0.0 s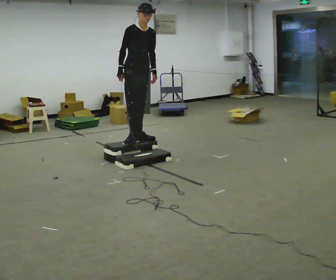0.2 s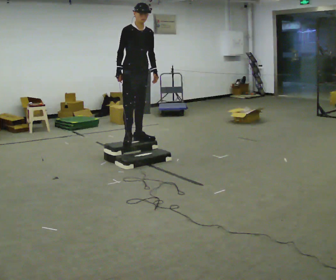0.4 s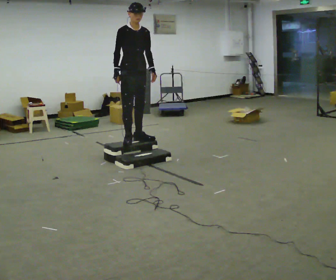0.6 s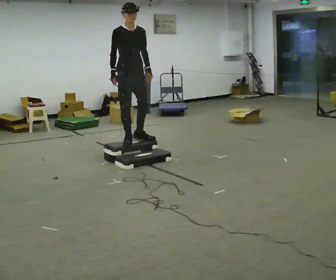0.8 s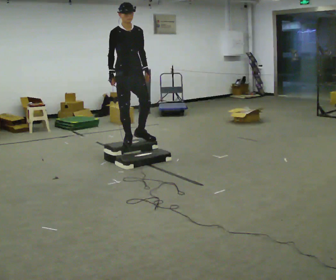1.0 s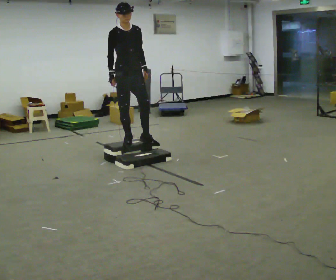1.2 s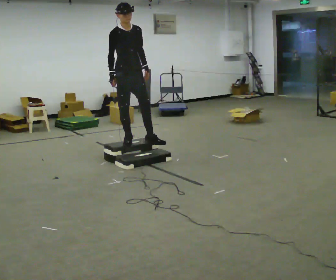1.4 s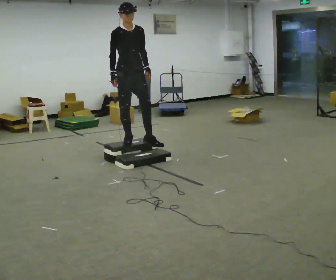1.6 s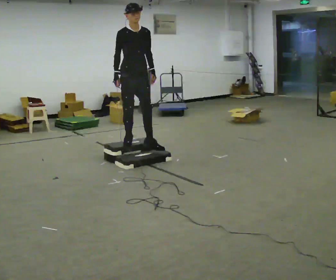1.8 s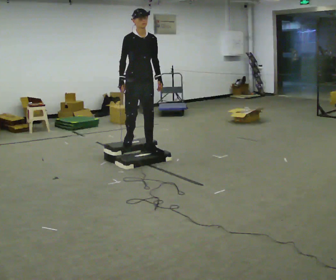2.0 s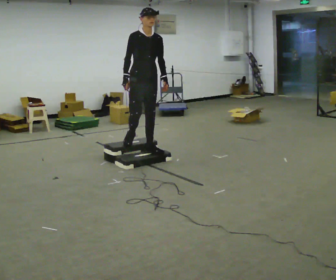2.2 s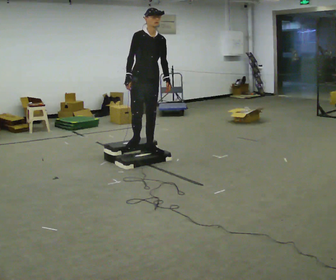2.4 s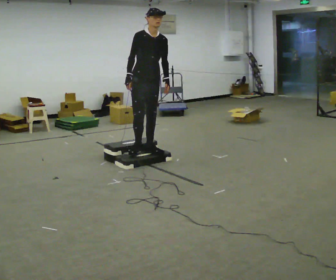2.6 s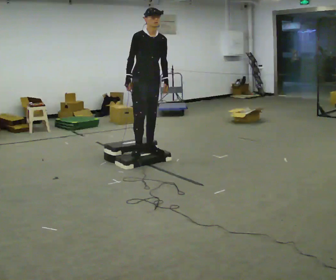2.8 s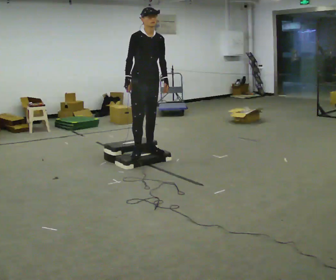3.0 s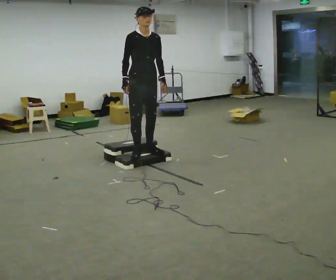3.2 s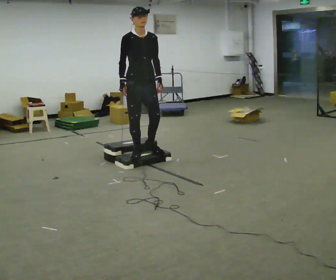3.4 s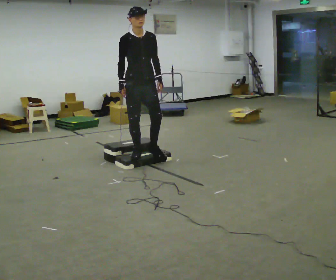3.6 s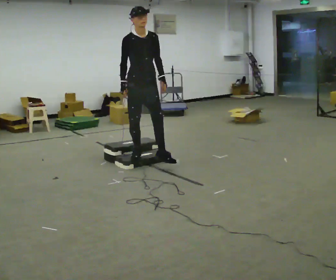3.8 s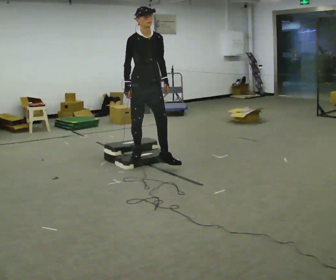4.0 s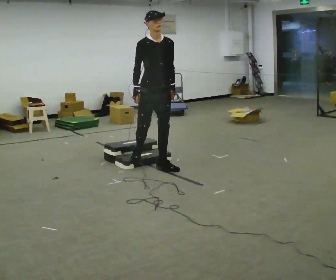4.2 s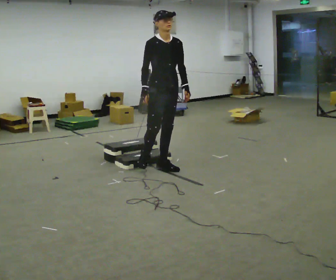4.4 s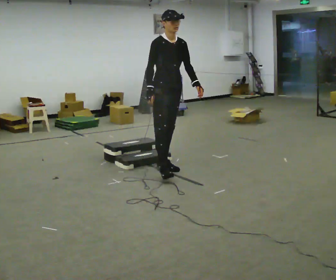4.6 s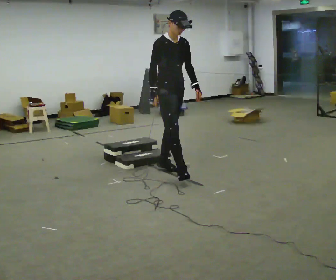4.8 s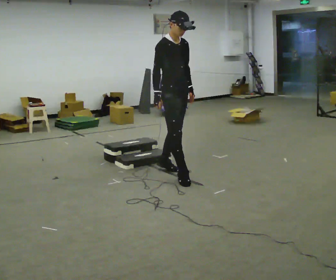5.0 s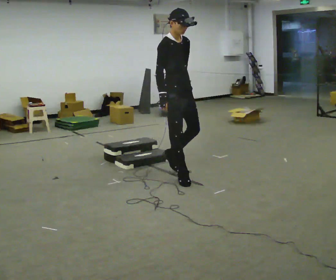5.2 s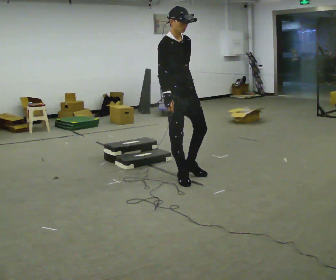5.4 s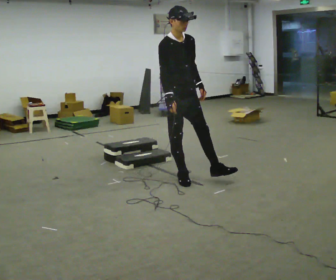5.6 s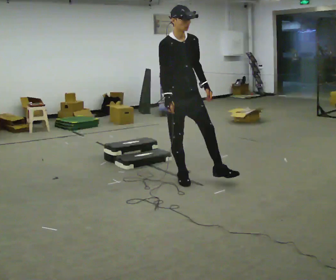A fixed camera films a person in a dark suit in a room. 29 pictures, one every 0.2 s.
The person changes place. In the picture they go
toward the camera.
0.0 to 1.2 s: The person moves a little, or ends about where they began.
1.2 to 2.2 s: In the picture they go to the right, about 0.25 m, which for them is forward and to their left.
2.2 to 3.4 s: In the picture they go toward the camera, about 0.25 m in 1 step, which for them is to their right and forward.
3.4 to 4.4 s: In the picture they go to the right and toward the camera, about 0.5 m in 1 step, which for them is forward and to their left.
4.4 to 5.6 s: In the picture they go toward the camera, about 0.25 m in 2 steps, which for them is forward and to their right.
The film runs forward here.
